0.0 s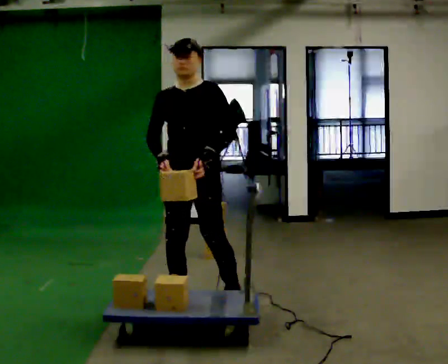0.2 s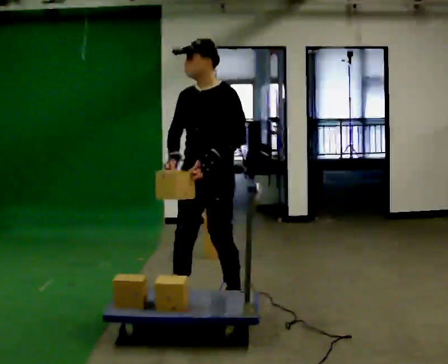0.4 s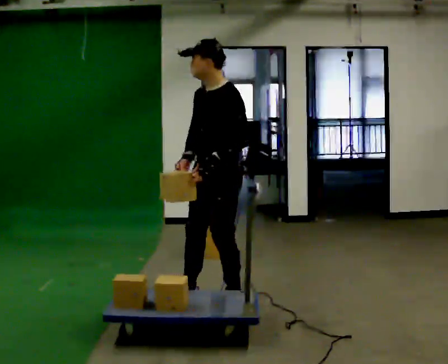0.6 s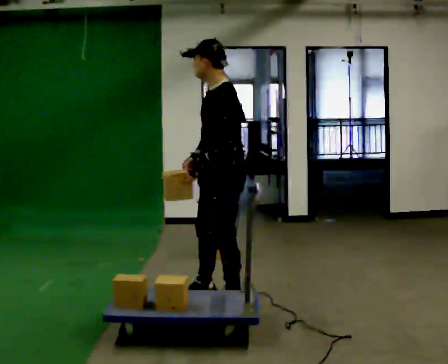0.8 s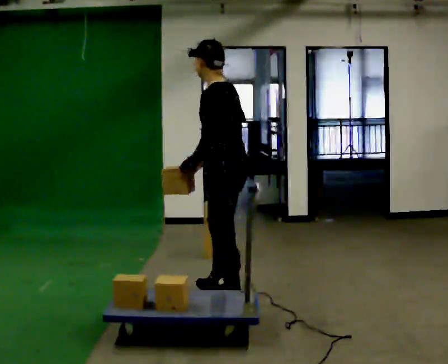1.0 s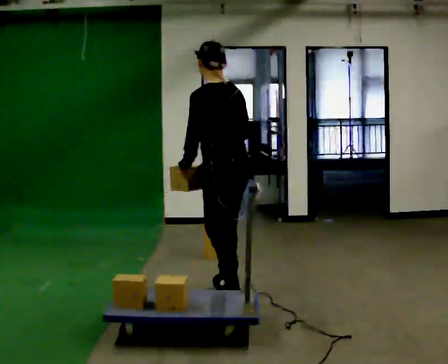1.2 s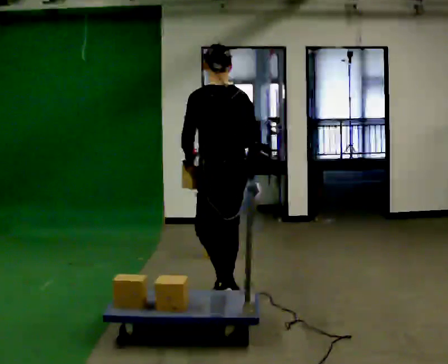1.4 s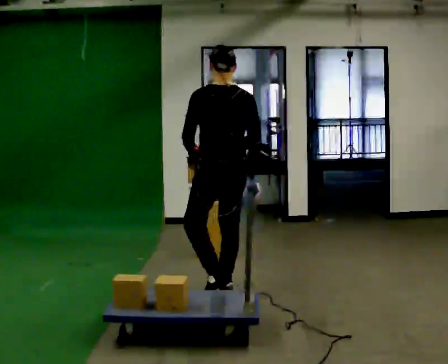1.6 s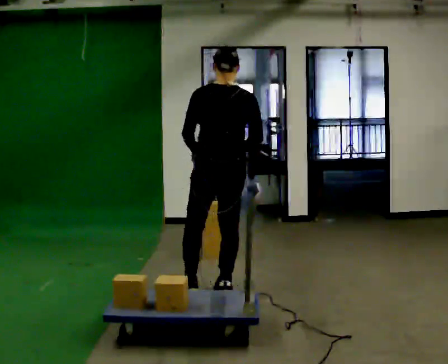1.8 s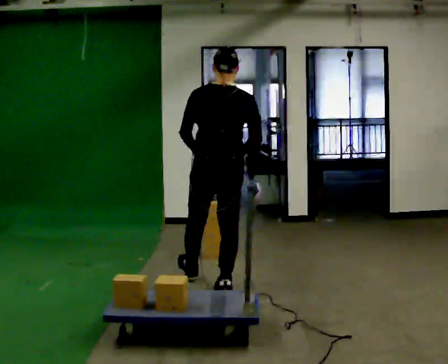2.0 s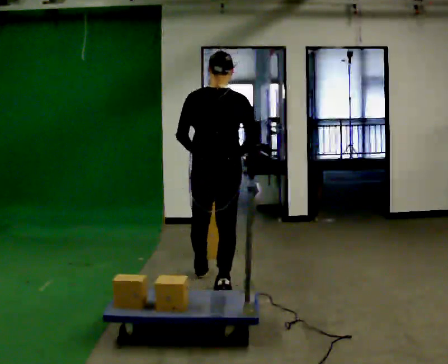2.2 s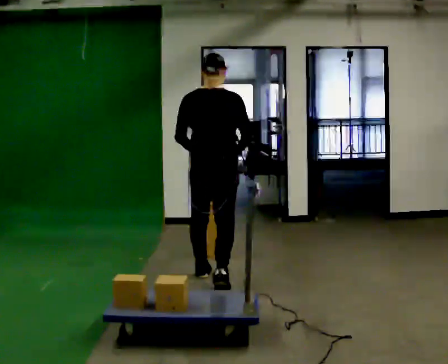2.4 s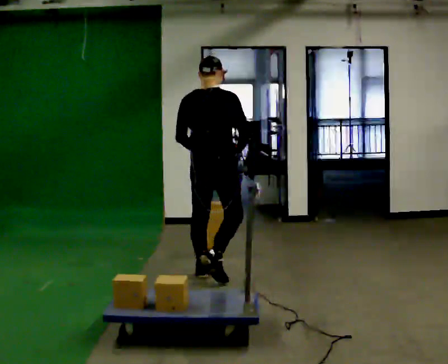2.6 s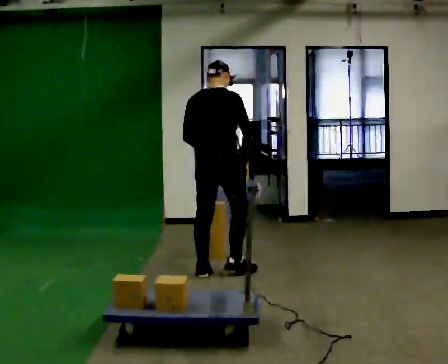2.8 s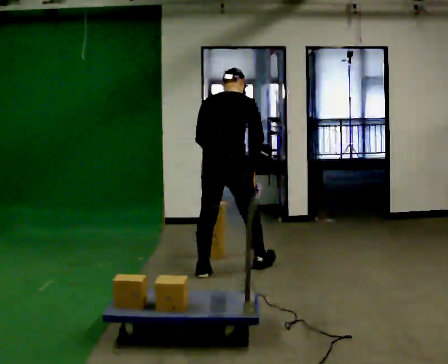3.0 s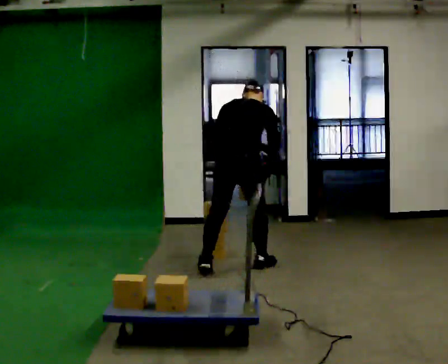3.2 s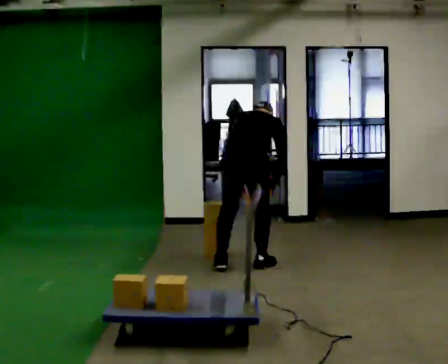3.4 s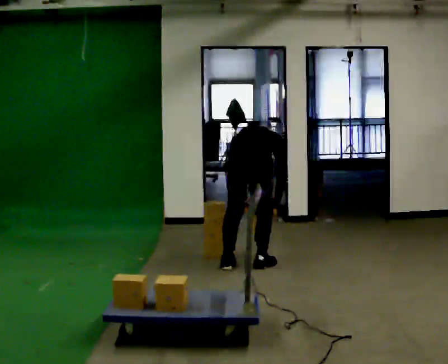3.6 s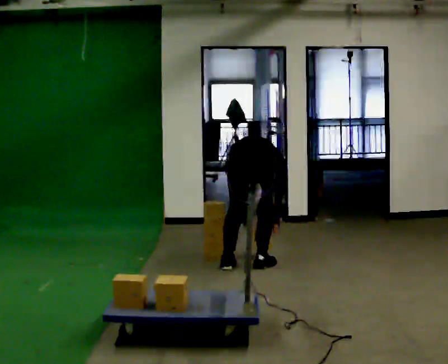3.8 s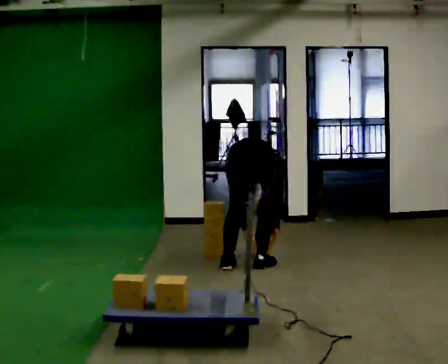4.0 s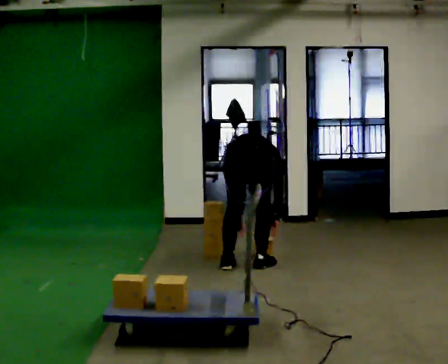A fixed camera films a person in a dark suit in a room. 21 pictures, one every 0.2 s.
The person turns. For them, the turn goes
to their right.
The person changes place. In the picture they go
away from the camera.
0.0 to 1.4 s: The person turns about 120 degrees to their right, clockwise seen from above, so the part of the body nearest the lens slides to the left. In the picture they go away from the camera and to the right, about 0.25 m in 1 step.
1.4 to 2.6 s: The person turns about 45 degrees to their right, clockwise seen from above, so the part of the body nearest the lens slides to the left. In the picture they go away from the camera, about 0.5 m in 1 step, which for them is forward.
2.6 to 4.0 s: In the picture they go to the right, about 0.25 m in 2 steps, which for them is forward and to their right. The shoulders move downward. The upper body tips away from the camera, its near side rolling upward, as they bend forward. In the picture their left hand goes downward.
The film runs forward here.
